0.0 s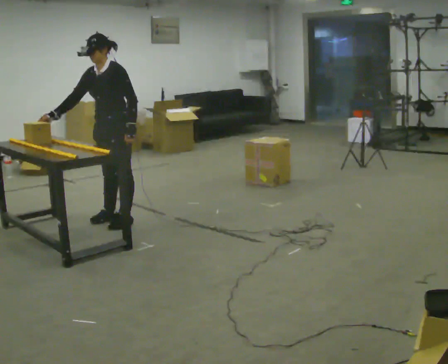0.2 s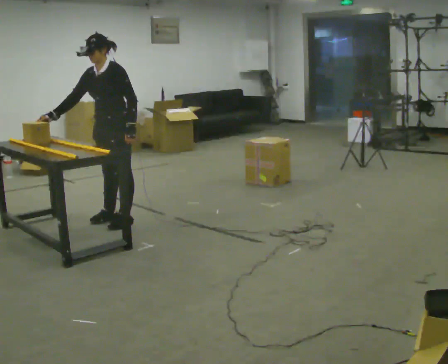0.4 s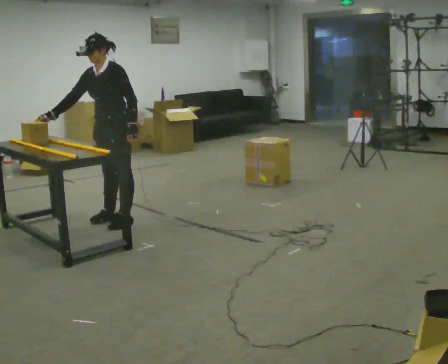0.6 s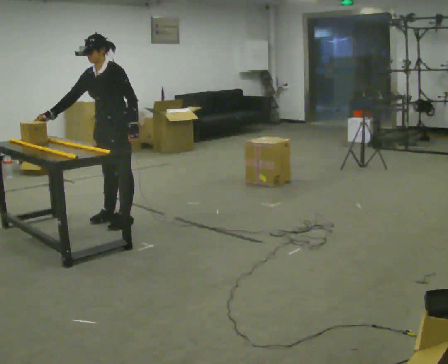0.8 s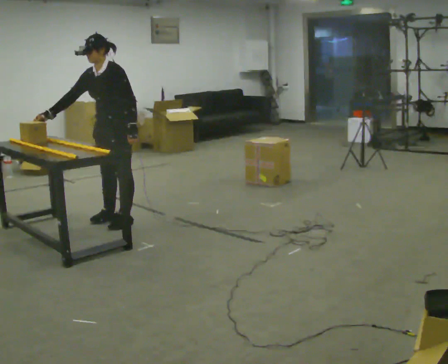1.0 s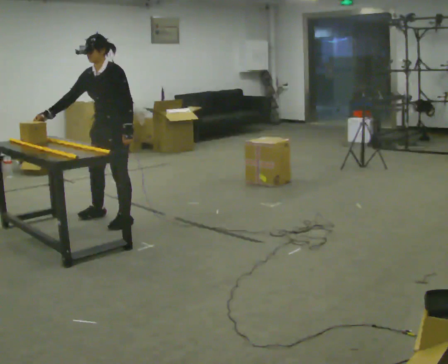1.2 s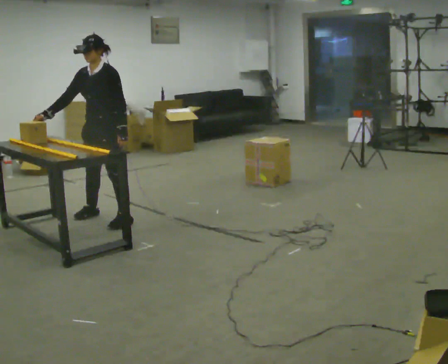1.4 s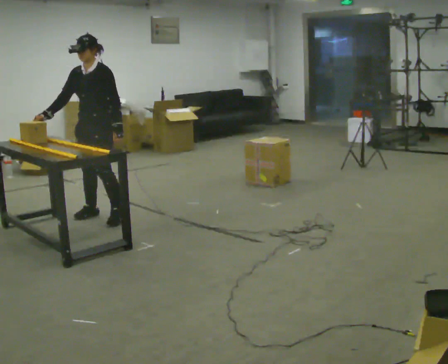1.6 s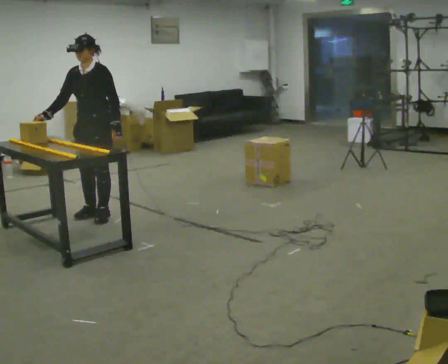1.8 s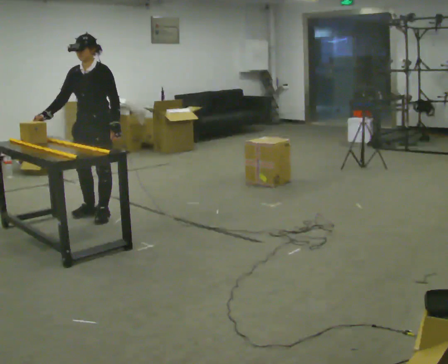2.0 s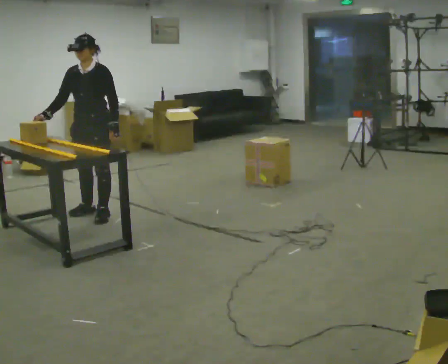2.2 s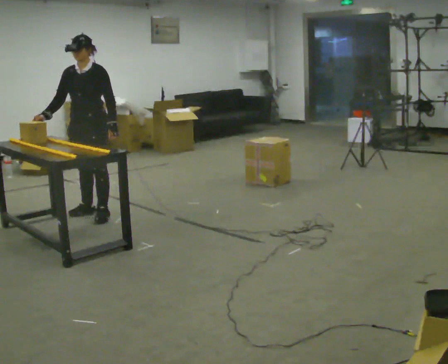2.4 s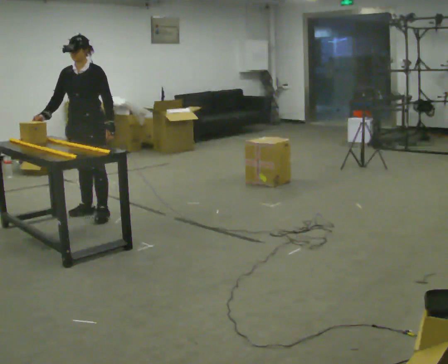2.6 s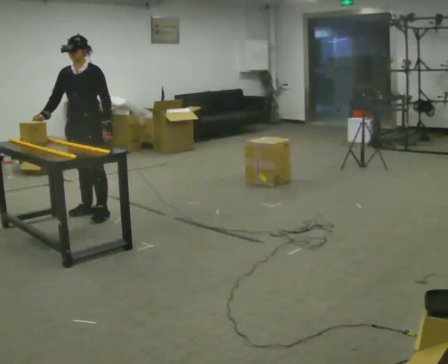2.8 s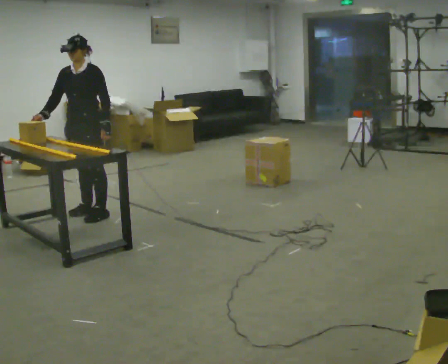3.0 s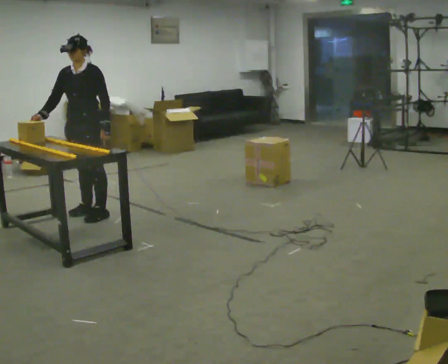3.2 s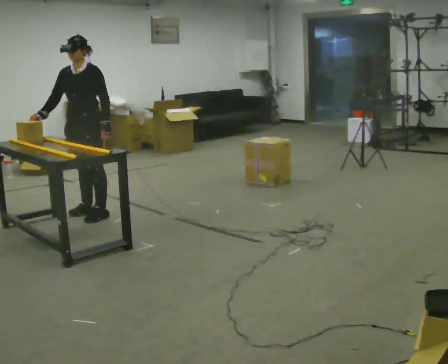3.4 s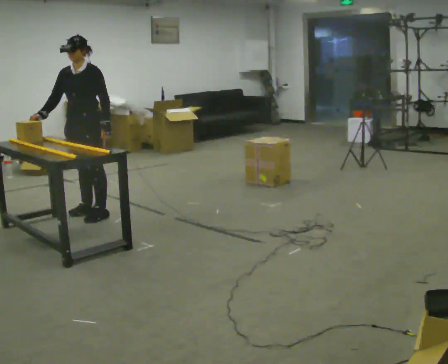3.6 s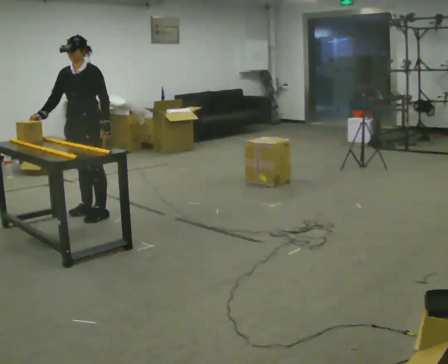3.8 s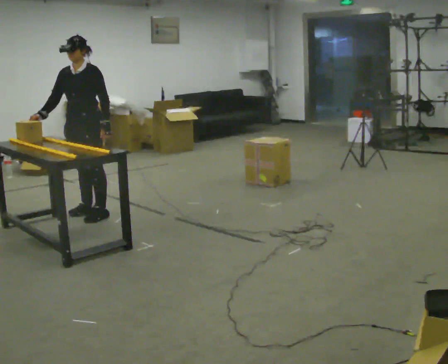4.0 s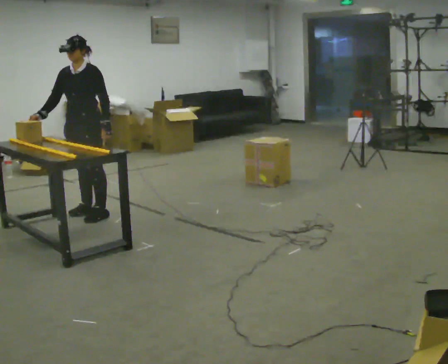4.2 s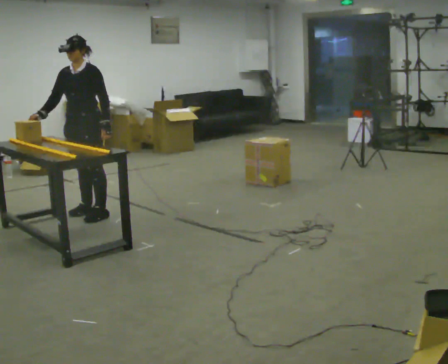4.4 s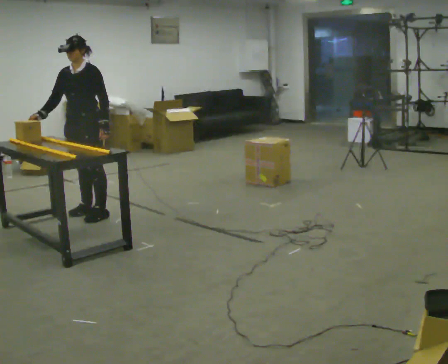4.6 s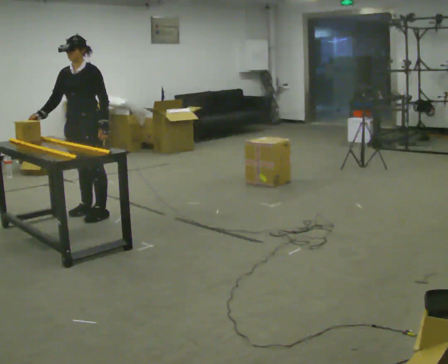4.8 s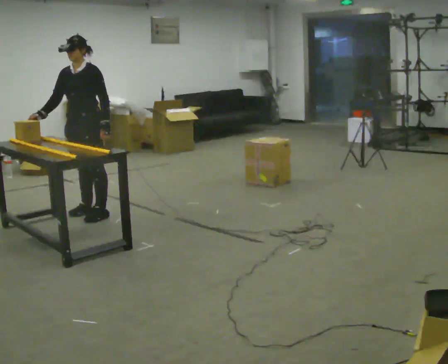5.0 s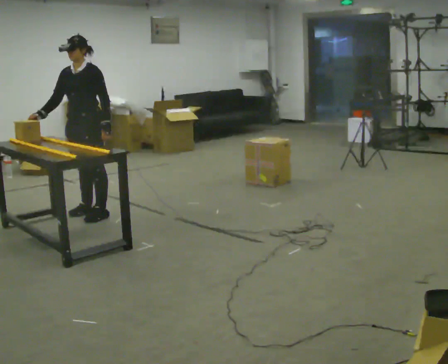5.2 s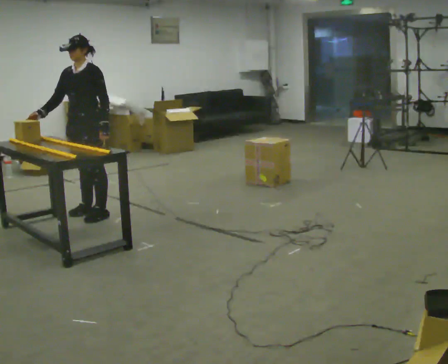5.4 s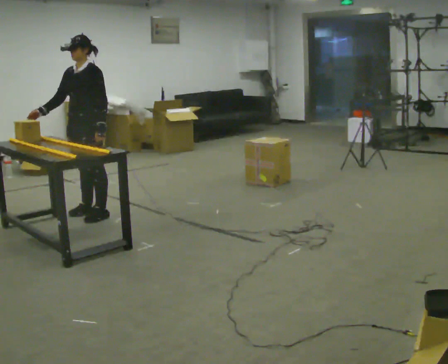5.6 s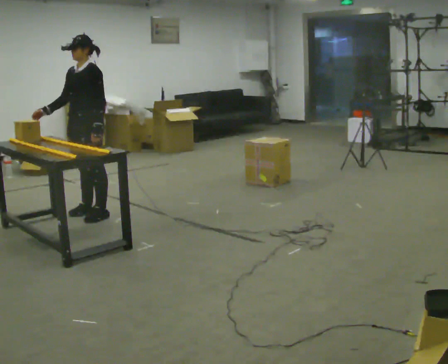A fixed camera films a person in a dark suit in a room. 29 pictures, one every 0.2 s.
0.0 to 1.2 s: The person moves a little, or ends about where they began.
1.2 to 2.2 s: In the picture they go away from the camera, about 0.25 m in 1 step, which for them is to their right.
2.2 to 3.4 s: The person moves a little, or ends about where they began.
3.4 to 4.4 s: The person keeps their place and pose.
4.4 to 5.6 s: The person moves a little, or ends about where they began.
The film runs backward here.
